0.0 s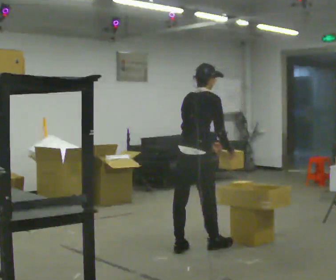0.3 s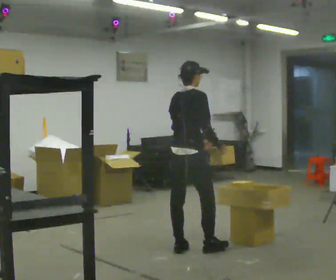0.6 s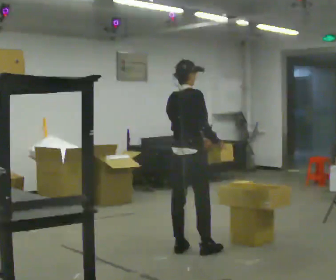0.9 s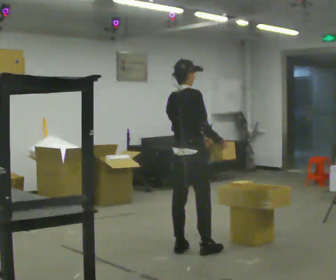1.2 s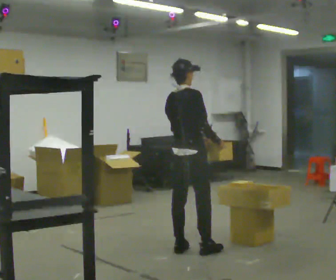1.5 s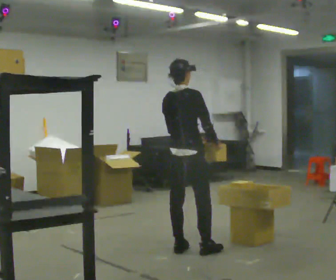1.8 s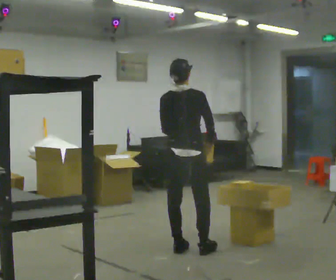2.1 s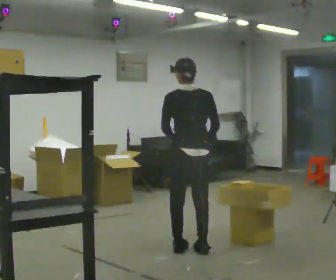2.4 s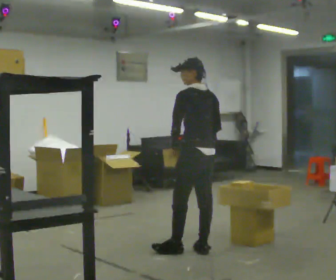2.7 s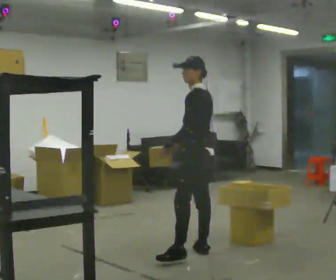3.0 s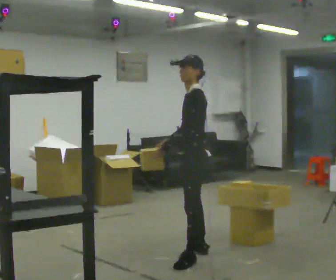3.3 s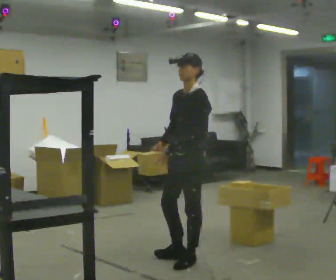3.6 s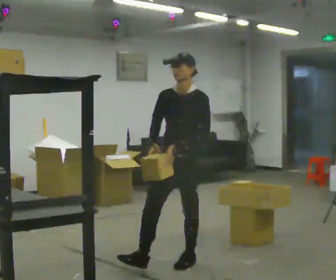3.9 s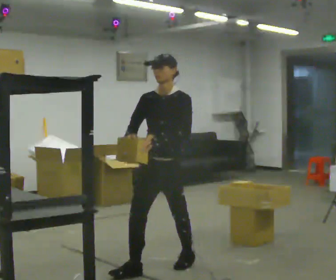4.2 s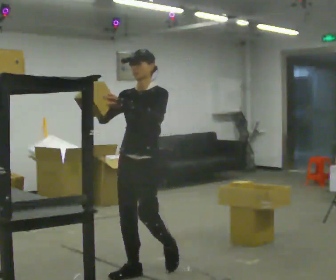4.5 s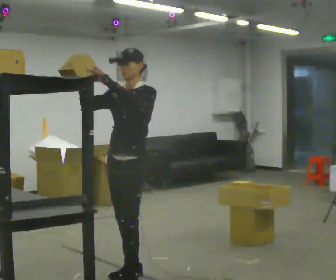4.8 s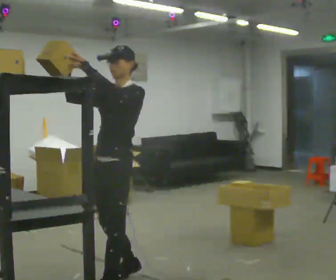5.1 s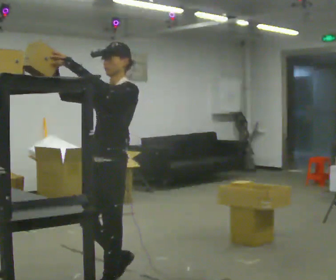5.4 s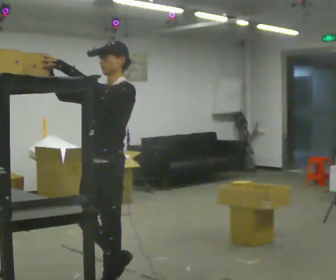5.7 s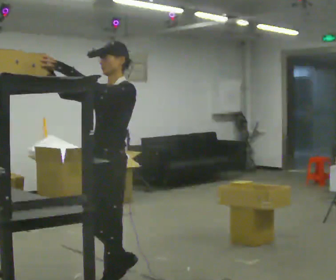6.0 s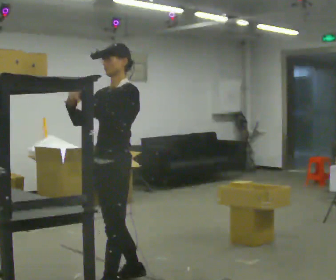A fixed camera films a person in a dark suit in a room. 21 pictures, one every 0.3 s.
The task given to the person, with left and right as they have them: Take an object from the waist-height shelf, carry it across the room, and place it on the highest shelf you can comfortably reach. Keep going until the operator says stop; one object at a time, and do not rush between trips.
0.0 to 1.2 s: In the picture the upper body tilts counterclockwise, shoulders to the left, as they lean back or straighten.
1.2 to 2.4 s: The person turns about 90 degrees to their left, counterclockwise seen from above, so the part of the body nearest the lens slides to the right.
2.4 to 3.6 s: Seen from above the body turns counterclockwise, about 105 degrees: to their left, with its near side sliding to the right. In the picture they go toward the camera, about 0.5 m in 1 step.
3.6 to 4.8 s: In the picture they go toward the camera and to the left, about 0.5 m in 2 steps, which for them is forward. In the picture their left hand goes upward.
4.8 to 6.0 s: The person moves a little, or ends about where they began.
The film runs forward here.
